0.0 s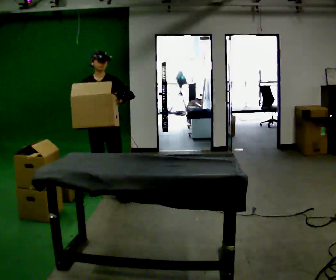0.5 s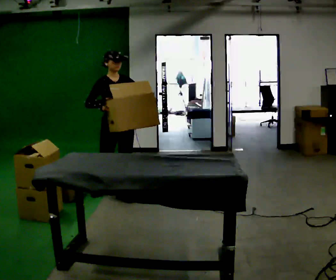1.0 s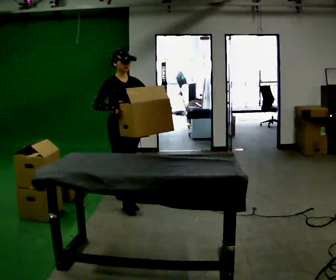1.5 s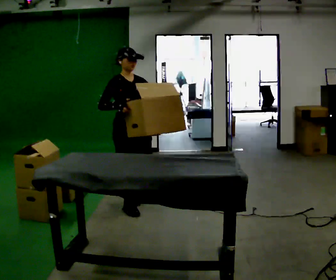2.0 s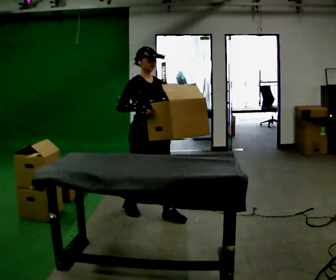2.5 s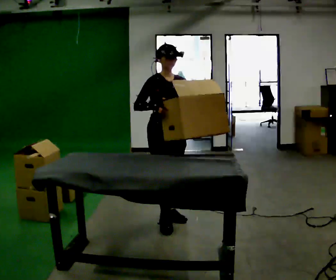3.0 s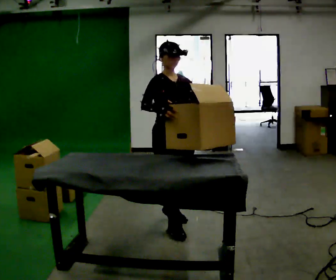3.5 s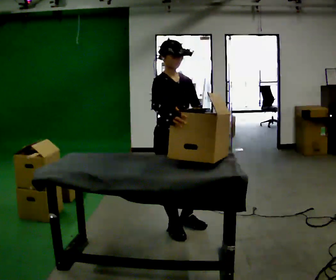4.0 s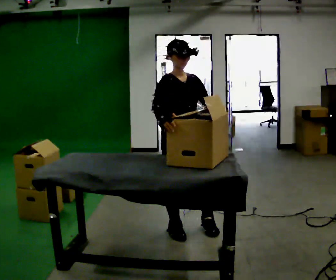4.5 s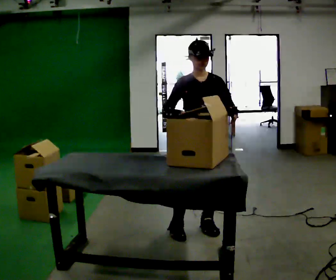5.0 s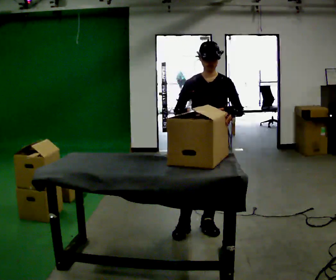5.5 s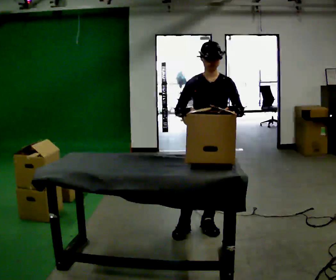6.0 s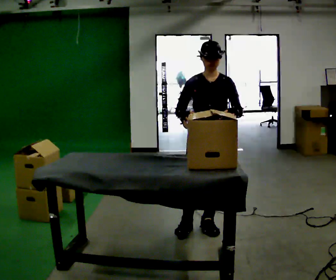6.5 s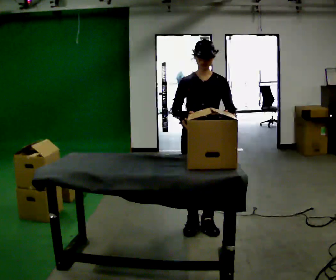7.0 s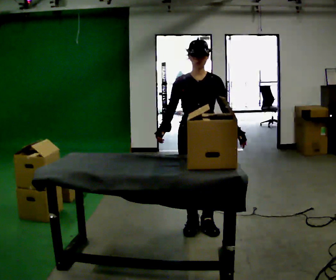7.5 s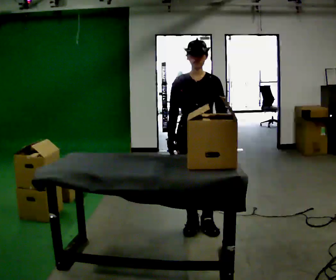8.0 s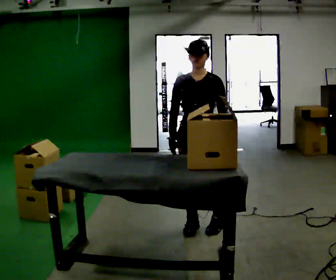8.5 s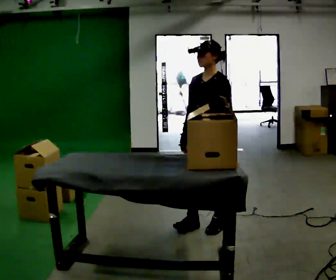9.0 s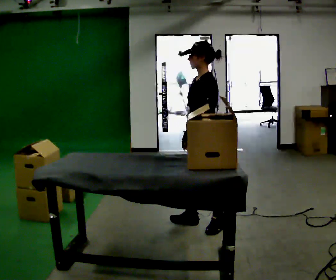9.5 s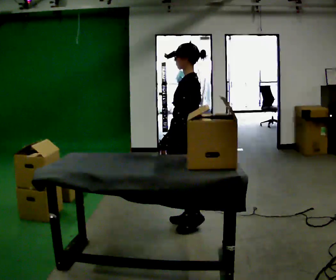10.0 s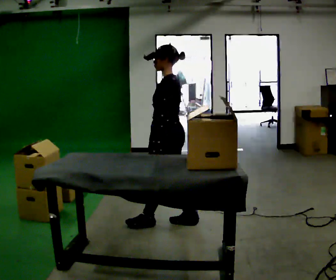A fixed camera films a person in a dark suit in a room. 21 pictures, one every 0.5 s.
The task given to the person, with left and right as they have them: Pick an object up off the floor at one end of the room, carry it across, and place it on the waist-height shelf at the other end. Keep going until the operator says stop; one object at a time, and do not rush between trips.
0.0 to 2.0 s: The person turns about 30 degrees to their left, counterclockwise seen from above, so the part of the body nearest the lens slides to the right. In the picture they go to the right and toward the camera, about 1 m in 2 steps, which for them is forward.
2.0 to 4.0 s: In the picture they go toward the camera and to the right, about 0.5 m in 2 steps, which for them is forward.
4.0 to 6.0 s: The part of the body nearest the lens slides to the left as the person turns to their right by about 30 degrees. In the picture they go to the right, about 0.25 m, which for them is to their left.
6.0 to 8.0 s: The person moves a little, or ends about where they began.
8.0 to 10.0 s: The person turns about 90 degrees to their right, clockwise seen from above, so the part of the body nearest the lens slides to the left. In the picture they go to the left, about 0.25 m in 1 step.
The film runs forward here.
